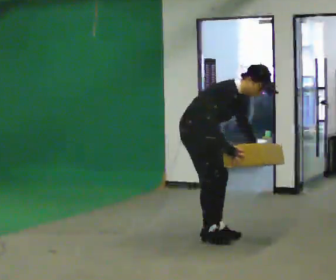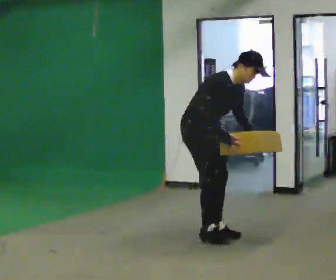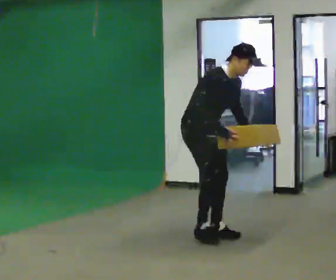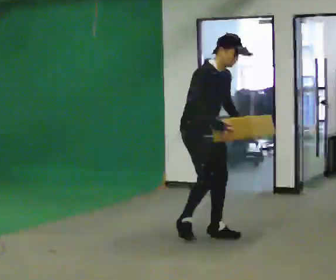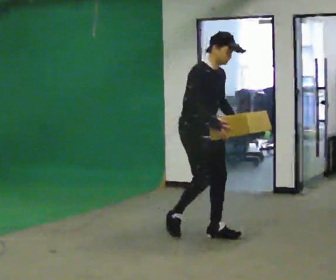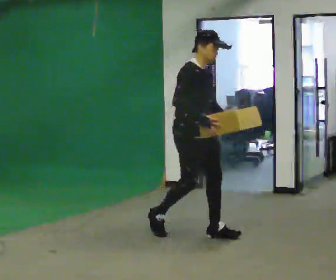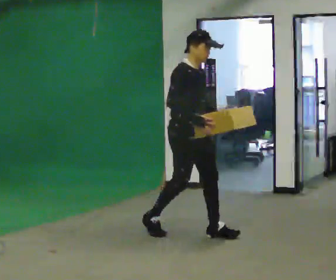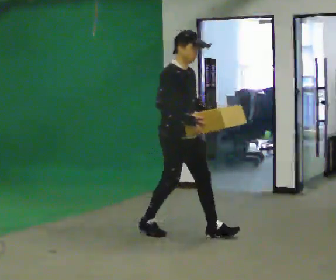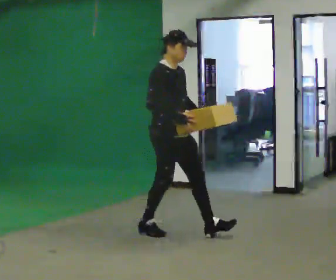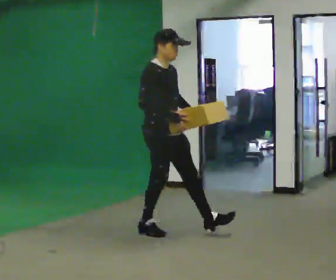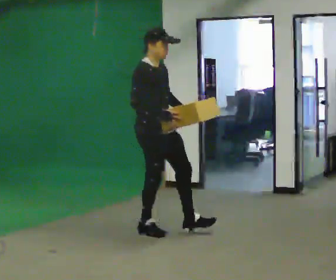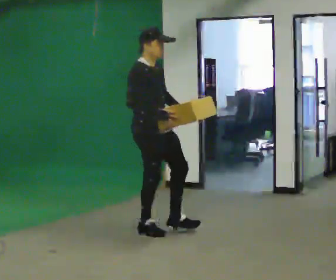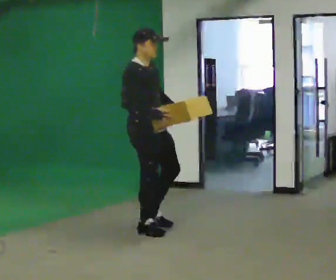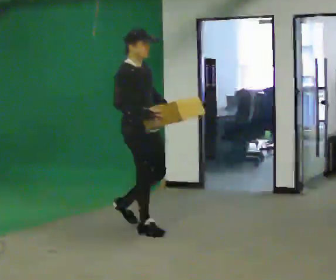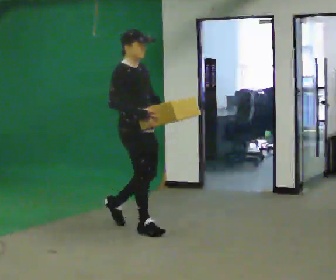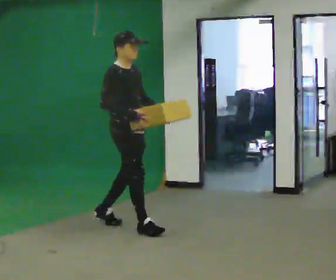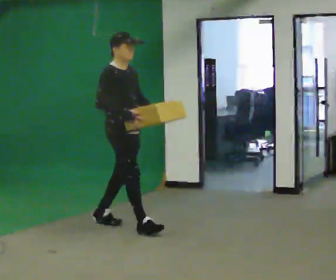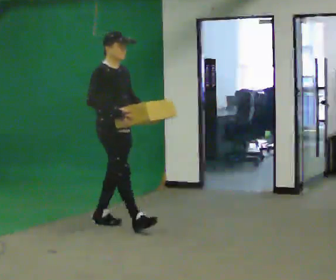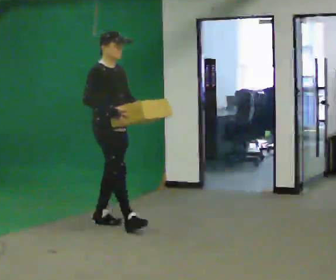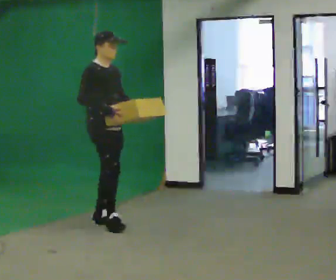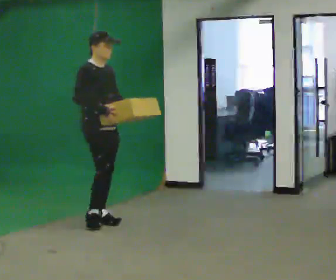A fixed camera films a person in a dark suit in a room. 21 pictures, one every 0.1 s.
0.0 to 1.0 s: In the picture they go to the left, about 0.25 m in 2 steps, which for them is backward. The shoulders move upward. In the picture the upper body tilts counterclockwise, shoulders to the left, as they lean back or straighten.
1.0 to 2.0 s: In the picture they go to the left and away from the camera, about 0.75 m in 1 step, which for them is backward.
The film runs backward here.
